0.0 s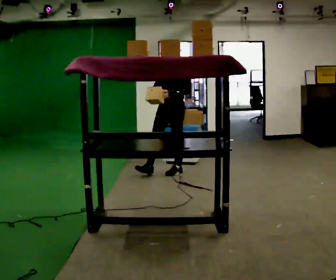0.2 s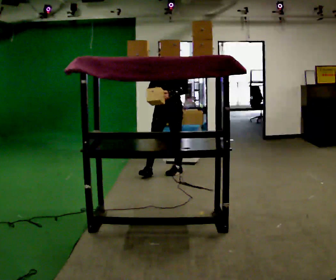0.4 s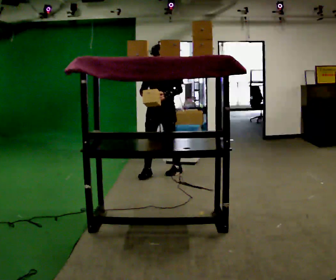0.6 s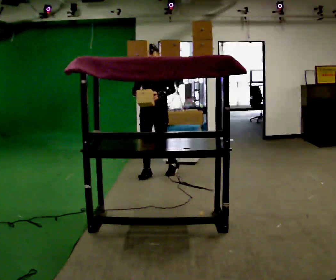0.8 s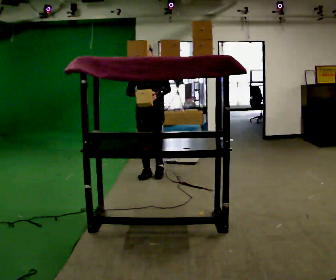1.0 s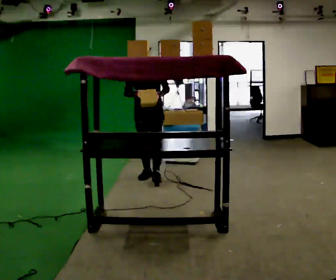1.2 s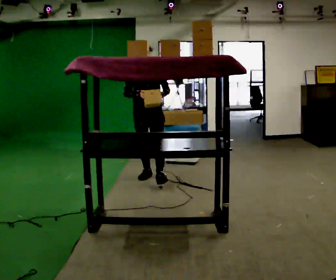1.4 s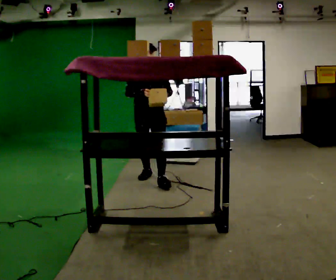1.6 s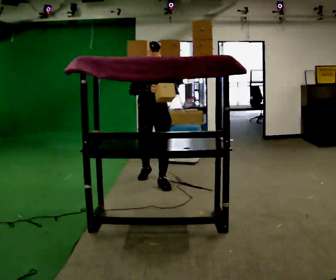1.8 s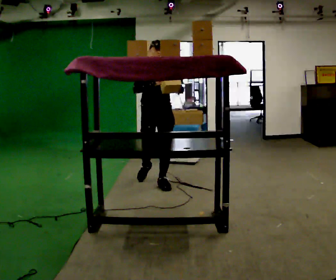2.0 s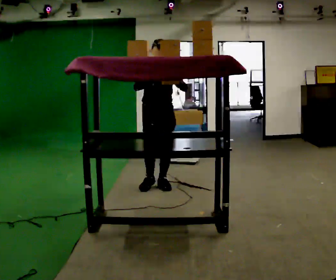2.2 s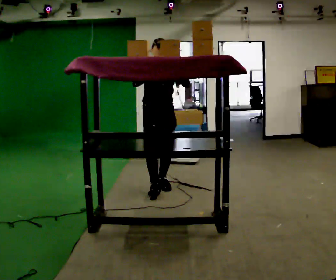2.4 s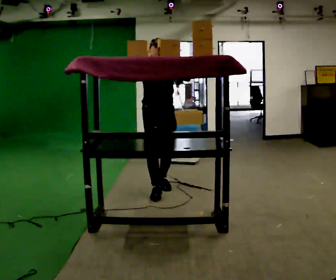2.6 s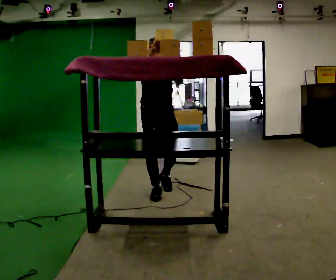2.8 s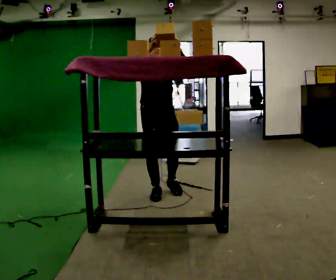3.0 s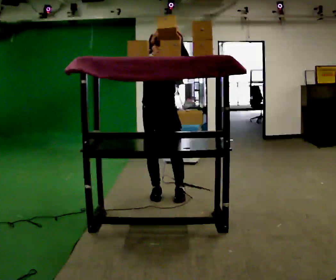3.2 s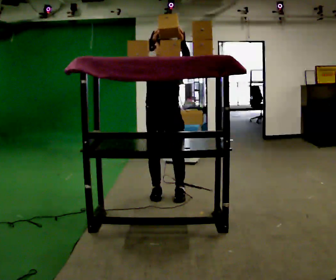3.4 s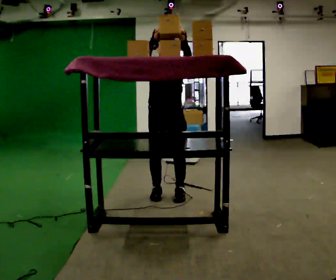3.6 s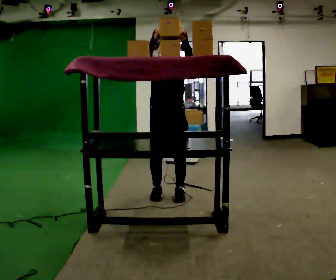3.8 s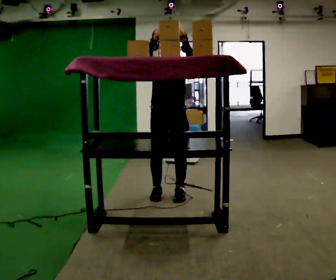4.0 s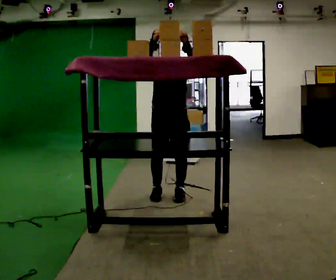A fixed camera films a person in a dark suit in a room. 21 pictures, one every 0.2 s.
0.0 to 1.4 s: The part of the body nearest the lens slides to the right as the person turns to their left by about 45 degrees. In the picture they go to the left and toward the camera, about 0.5 m in 2 steps, which for them is forward and to their right.
1.4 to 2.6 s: In the picture they go toward the camera, about 0.5 m in 1 step, which for them is forward. In the picture their right hand goes upward.
2.6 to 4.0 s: In the picture they go toward the camera, about 0.25 m in 1 step, which for them is forward.
The film runs forward here.
